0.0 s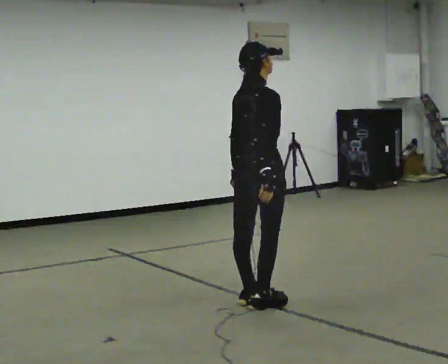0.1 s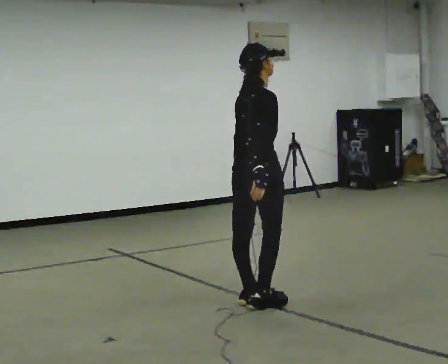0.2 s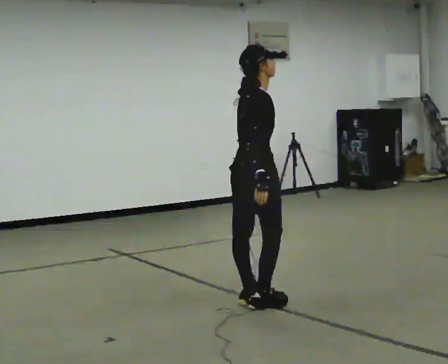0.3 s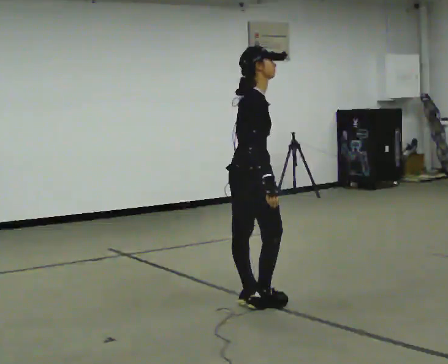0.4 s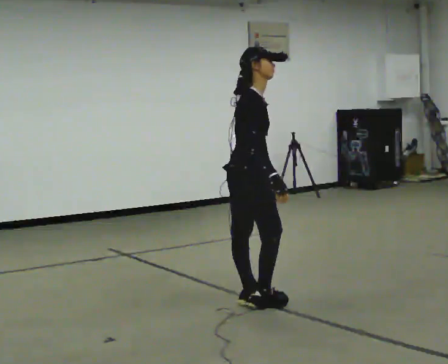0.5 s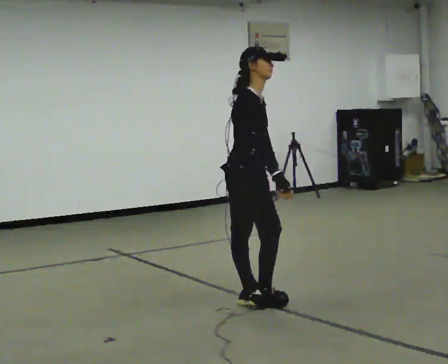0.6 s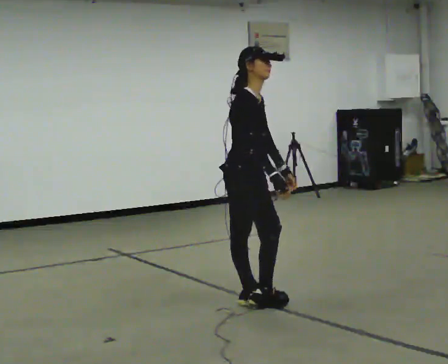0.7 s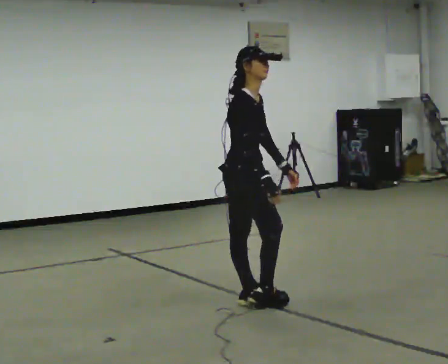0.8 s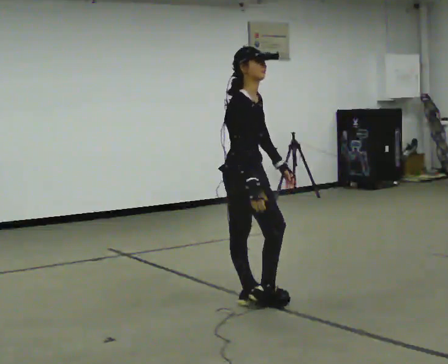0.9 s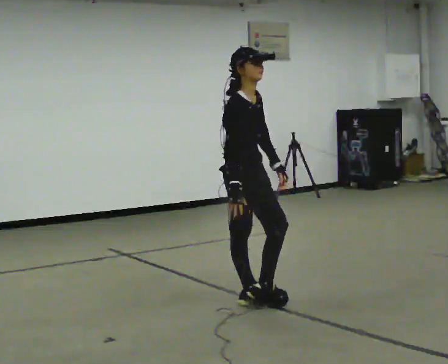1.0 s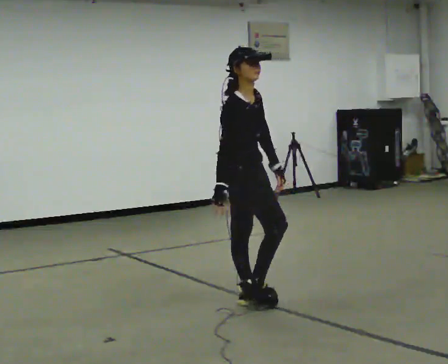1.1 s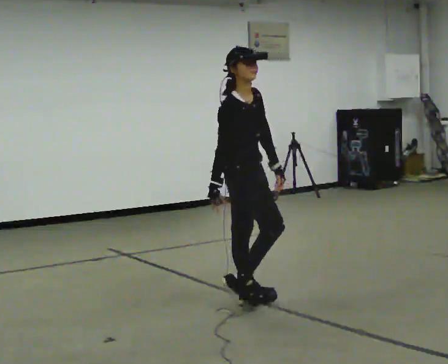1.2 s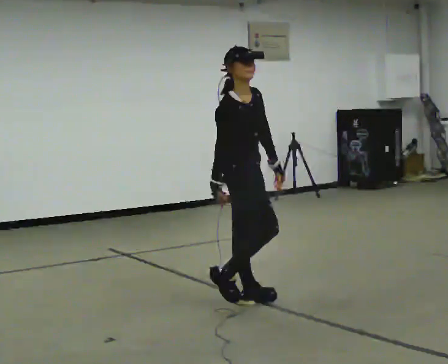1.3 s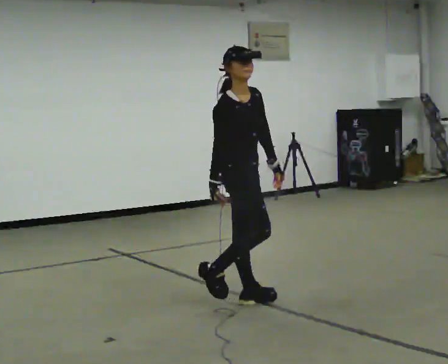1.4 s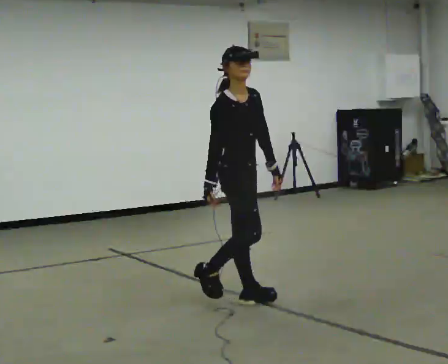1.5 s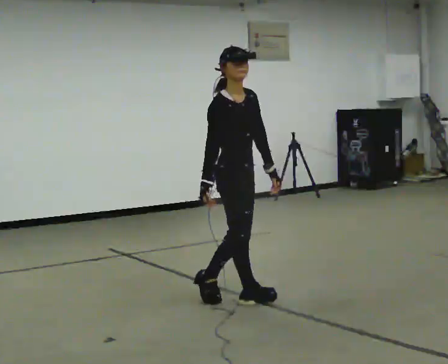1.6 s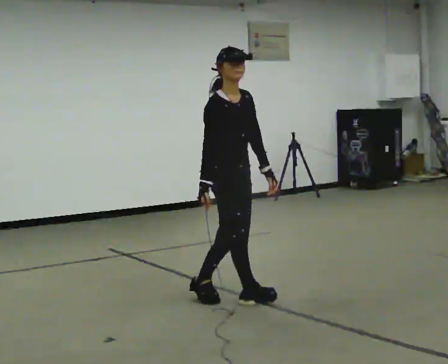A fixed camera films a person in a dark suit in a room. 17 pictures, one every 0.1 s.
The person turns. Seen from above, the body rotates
clockwise.
The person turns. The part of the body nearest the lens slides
to the left.
0.0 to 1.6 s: The person turns about 60 degrees to their right, clockwise seen from above, so the part of the body nearest the lens slides to the left. In the picture they go to the left, about 0.25 m.
The film runs forward here.
